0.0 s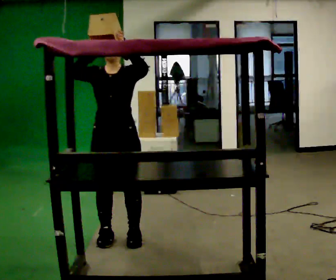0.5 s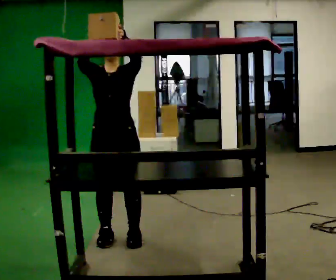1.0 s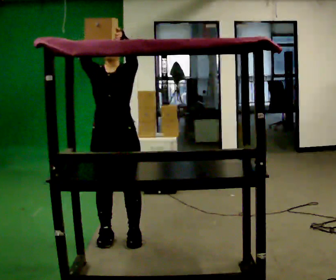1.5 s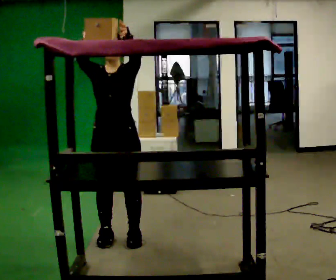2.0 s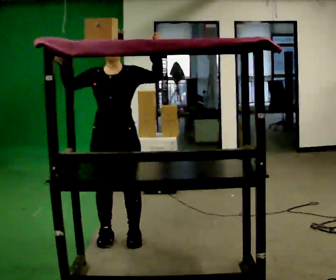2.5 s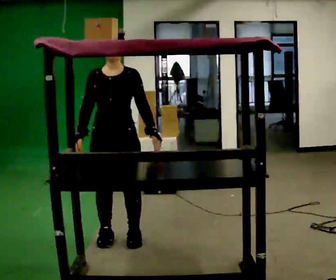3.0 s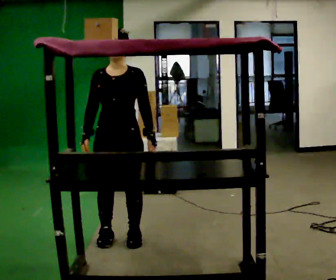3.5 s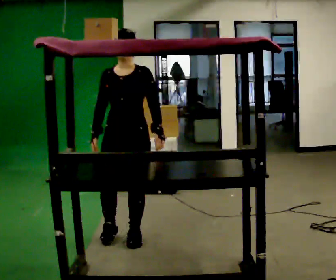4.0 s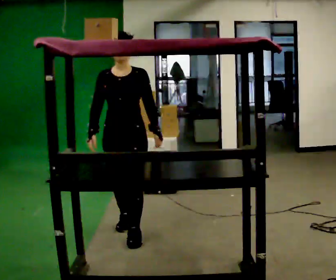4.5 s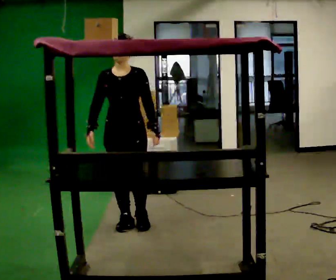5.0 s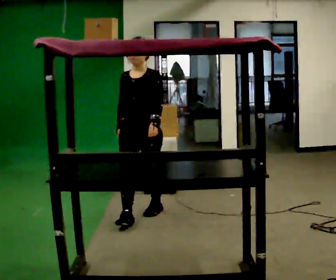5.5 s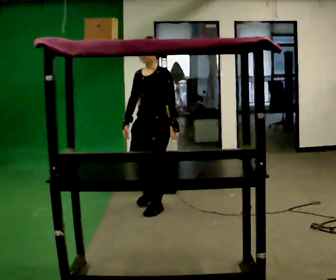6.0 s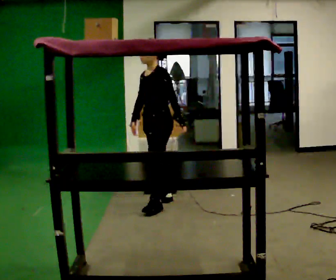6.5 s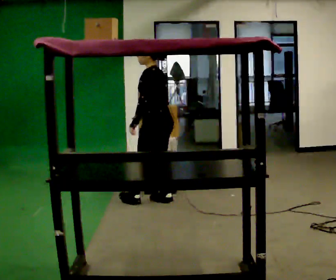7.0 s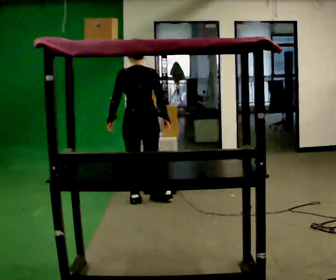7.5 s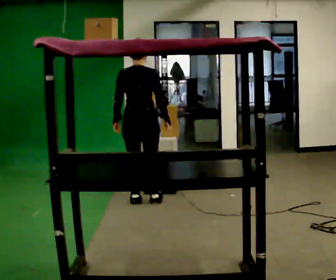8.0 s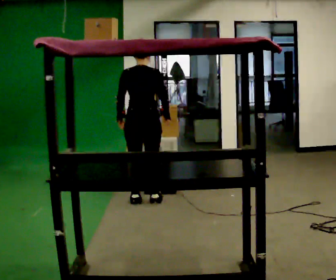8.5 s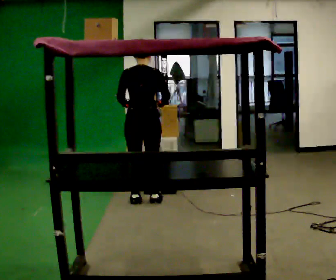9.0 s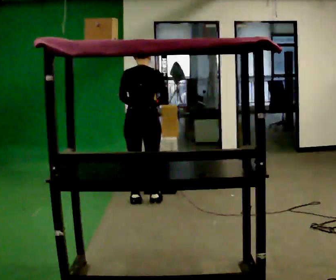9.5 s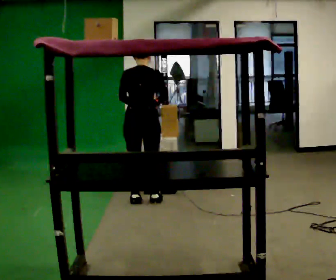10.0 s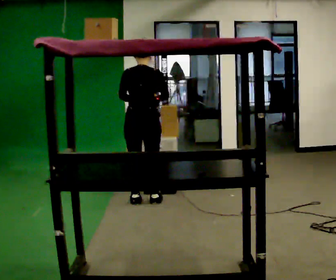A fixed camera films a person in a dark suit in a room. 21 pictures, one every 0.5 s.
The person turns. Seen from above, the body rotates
clockwise.
The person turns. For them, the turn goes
to their right.
0.0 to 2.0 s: The person moves a little, or ends about where they began.
2.0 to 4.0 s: In the picture they go away from the camera, about 0.25 m in 1 step, which for them is backward. In the picture their left hand goes downward, the arm swinging clockwise.
4.0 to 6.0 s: The person turns about 60 degrees to their right, clockwise seen from above, so the part of the body nearest the lens slides to the left. In the picture they go away from the camera, about 1 m in 2 steps.
6.0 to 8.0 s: The person turns about 120 degrees to their right, clockwise seen from above, so the part of the body nearest the lens slides to the left. In the picture they go to the left, about 0.25 m in 1 step. In the picture their left hand goes to the left, the arm swinging clockwise.
8.0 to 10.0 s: The person moves a little, or ends about where they began.
The film runs backward here.
